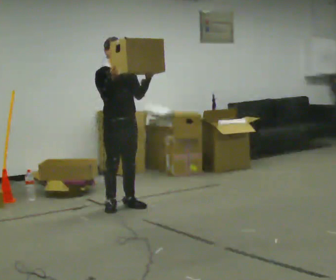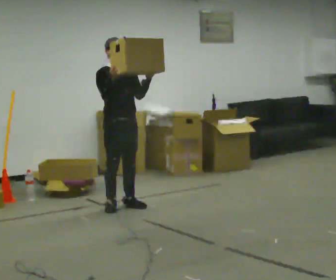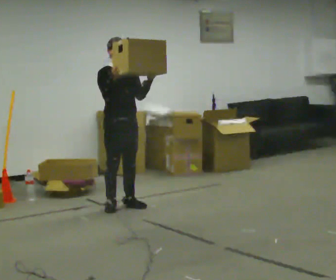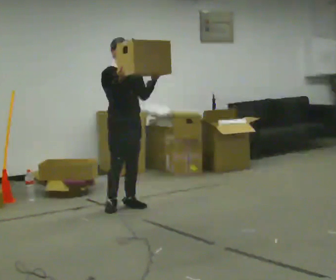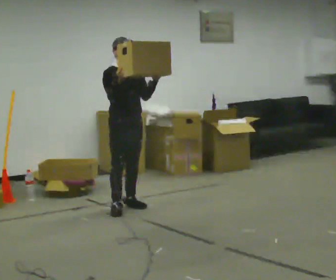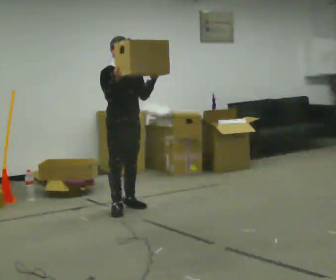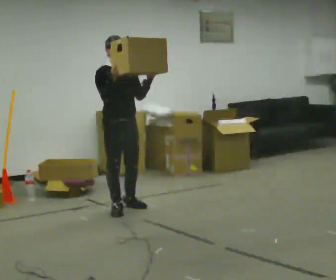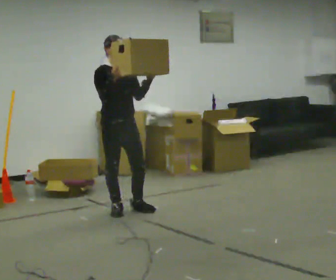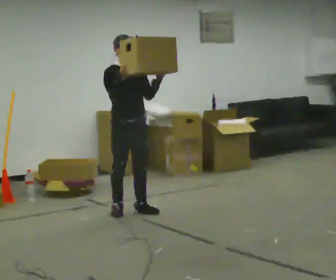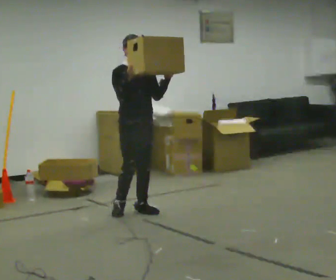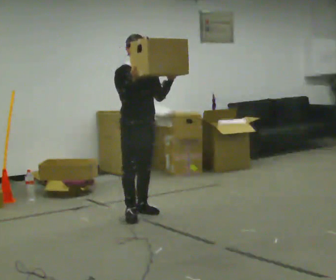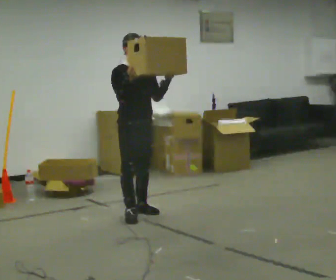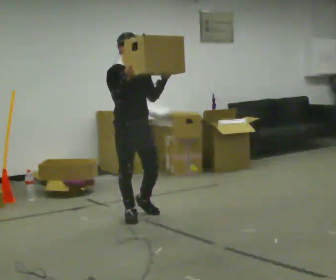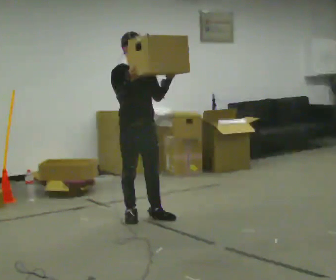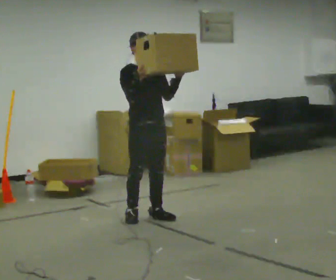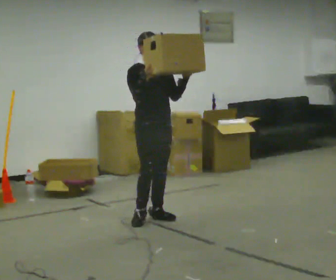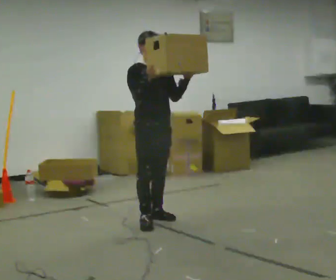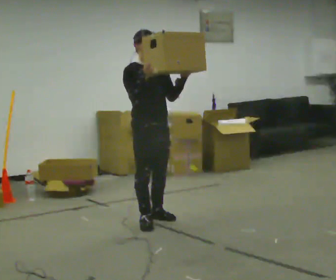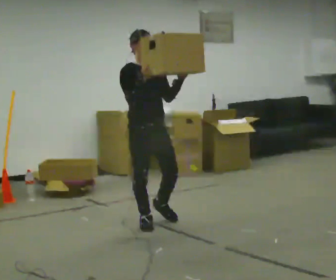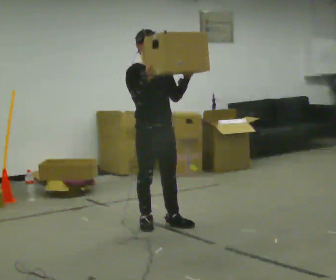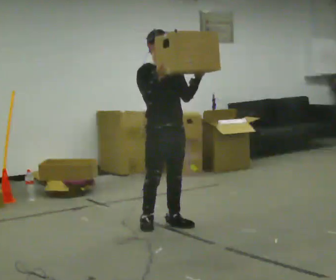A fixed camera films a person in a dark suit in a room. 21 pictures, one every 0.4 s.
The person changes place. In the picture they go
toward the camera.
0.0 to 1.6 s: The person moves a little, or ends about where they began.
1.6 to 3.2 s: In the picture they go toward the camera, about 0.25 m in 1 step, which for them is forward.
3.2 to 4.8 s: In the picture they go toward the camera, about 0.25 m in 1 step, which for them is forward.
4.8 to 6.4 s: In the picture they go to the right, about 0.25 m in 2 steps, which for them is forward.
6.4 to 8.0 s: In the picture they go toward the camera, about 0.25 m in 1 step, which for them is forward.
The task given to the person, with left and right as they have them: Carry the object held up above your head, walking back and forth across the room.
The film runs forward here.
